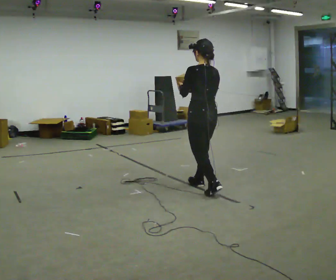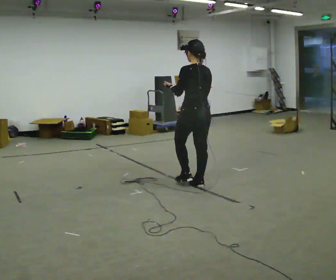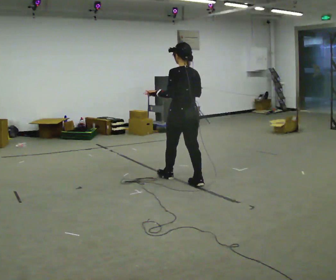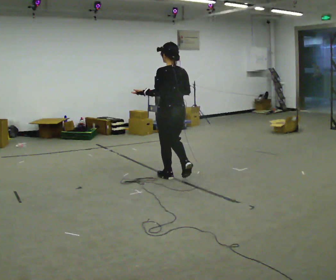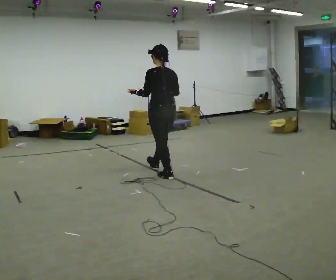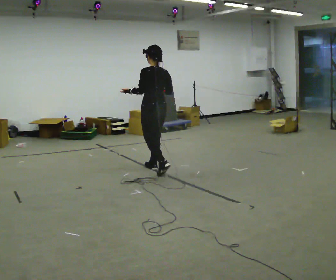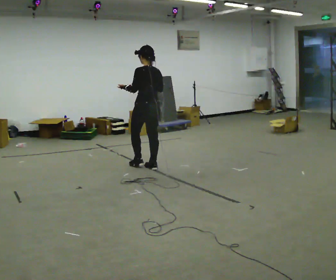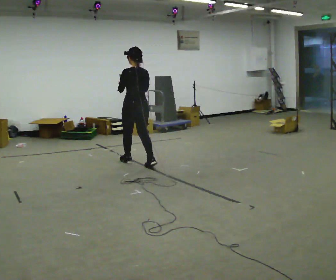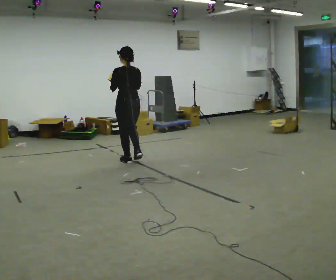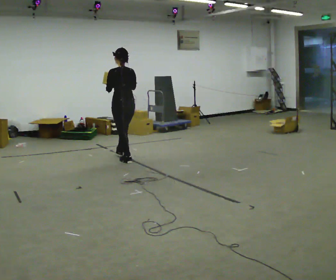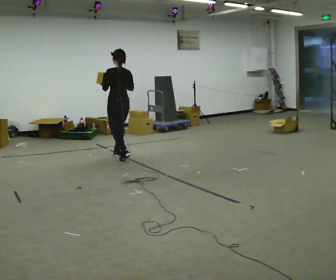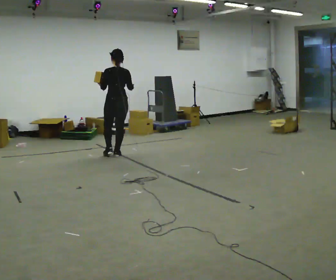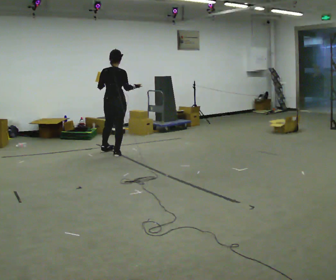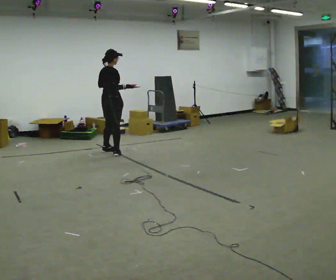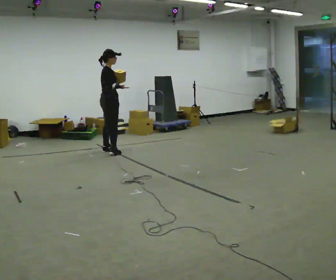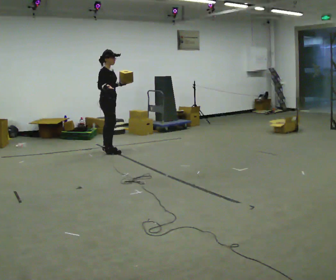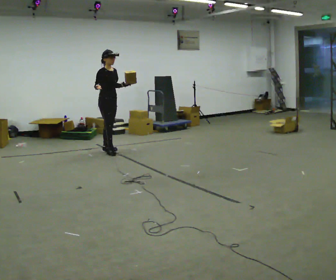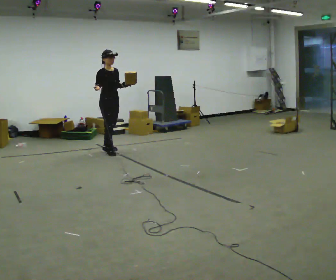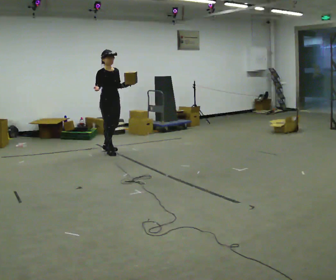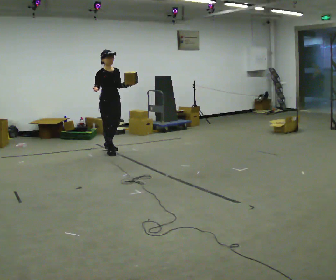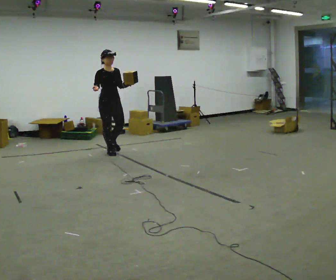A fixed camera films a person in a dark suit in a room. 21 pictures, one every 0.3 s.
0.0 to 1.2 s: In the picture they go away from the camera and to the left, about 1 m in 1 step, which for them is forward.
1.2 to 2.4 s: In the picture they go away from the camera and to the left, about 1 m in 2 steps, which for them is forward.
2.4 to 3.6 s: Seen from above the body turns clockwise, about 45 degrees: to their right, with its near side sliding to the left. In the picture they go away from the camera and to the left, about 0.5 m in 1 step, which for them is forward.
3.6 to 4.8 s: Seen from above the body turns clockwise, about 105 degrees: to their right, with its near side sliding to the left. In the picture they go away from the camera, about 0.25 m in 2 steps.
4.8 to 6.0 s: In the picture they go toward the camera, about 0.25 m, which for them is forward.
The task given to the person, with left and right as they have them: Carry the object in one hand and, while walking, pass it to your other hand. Keep passing it back and forth as you walk.
The film runs forward here.
